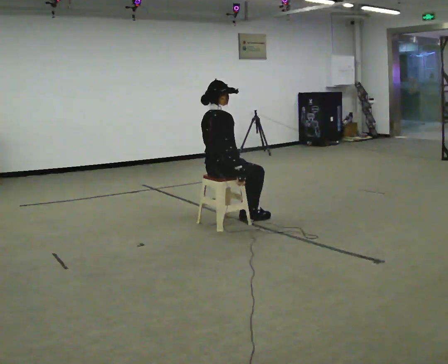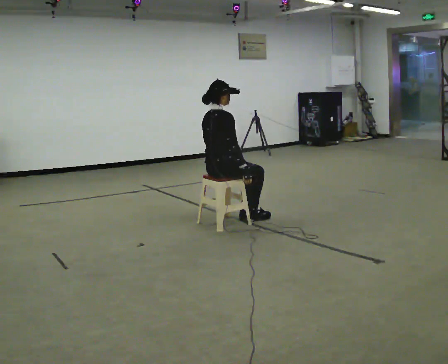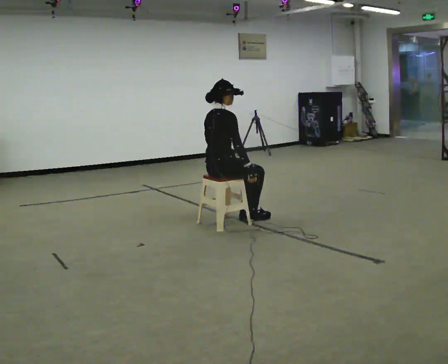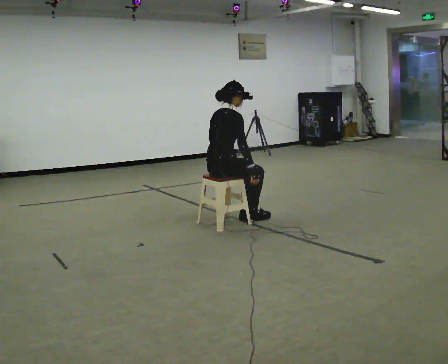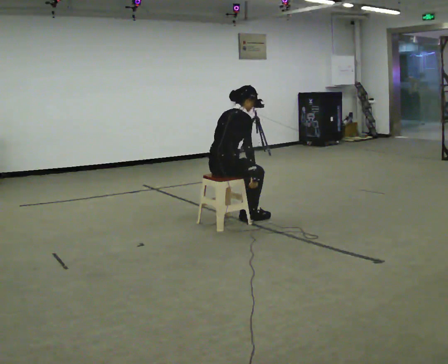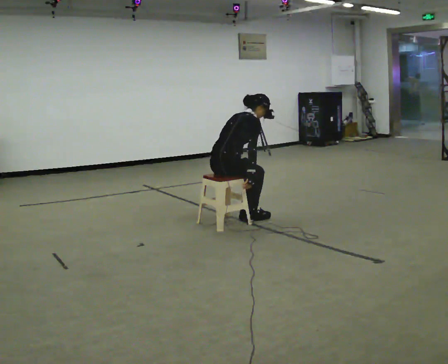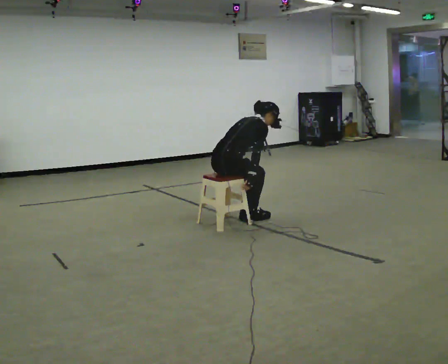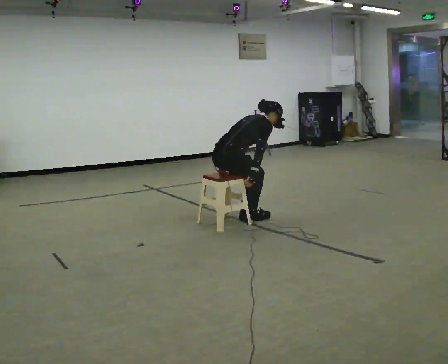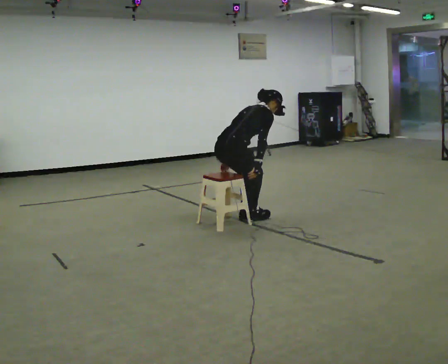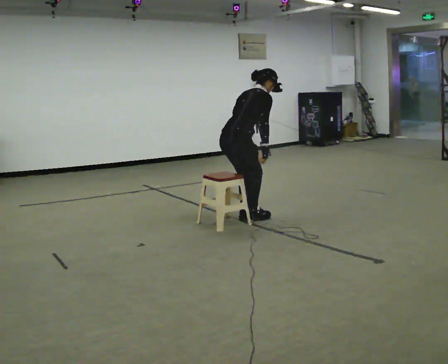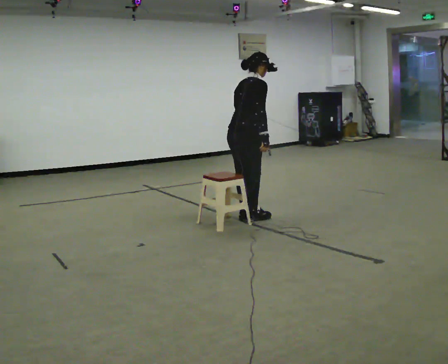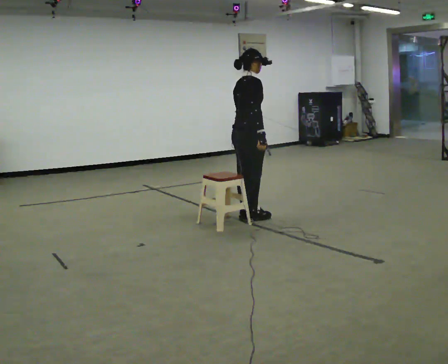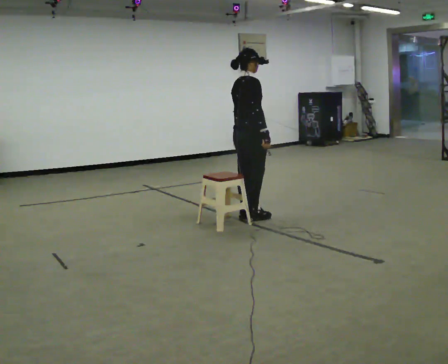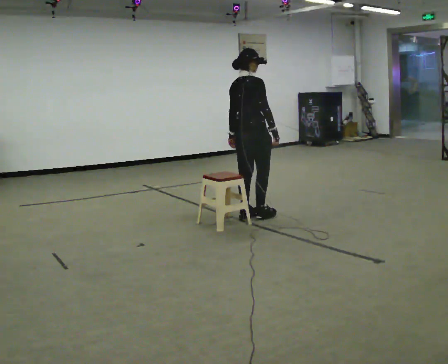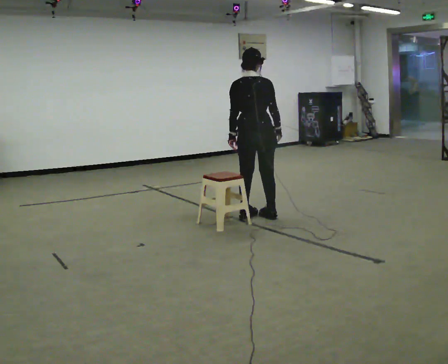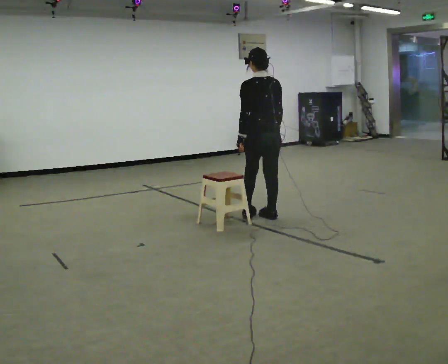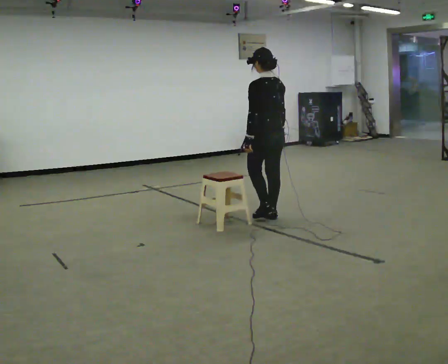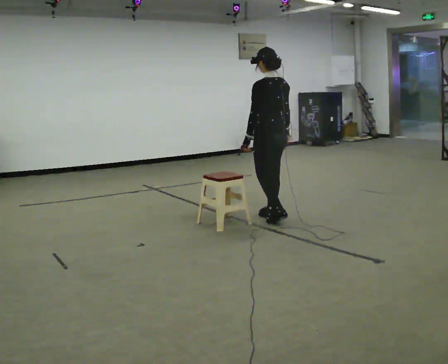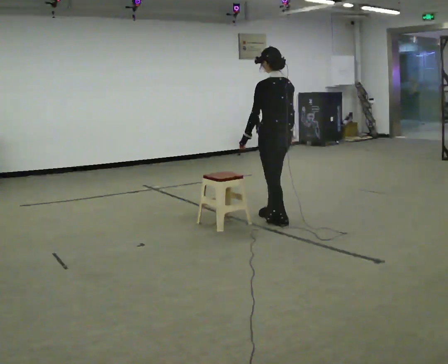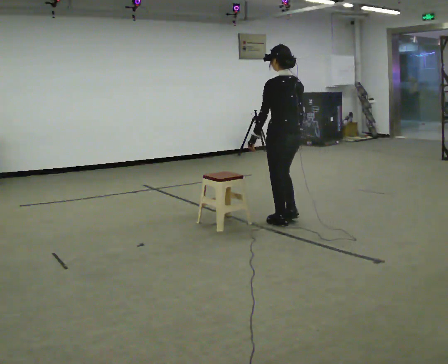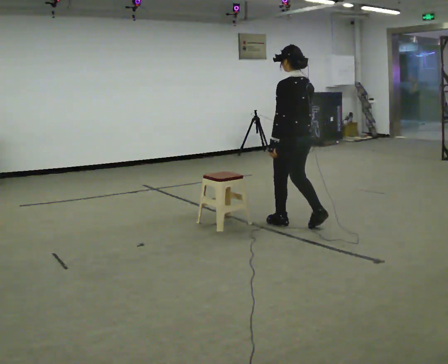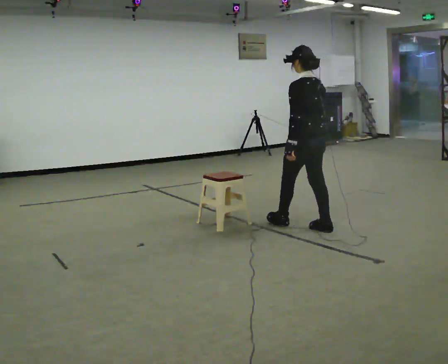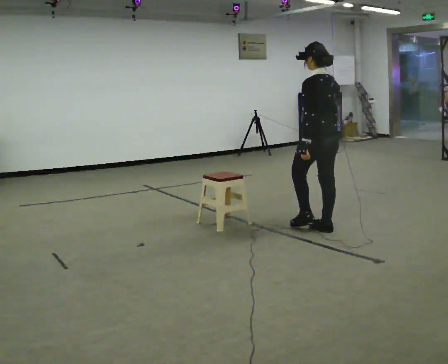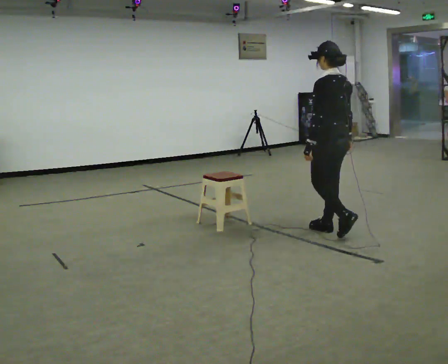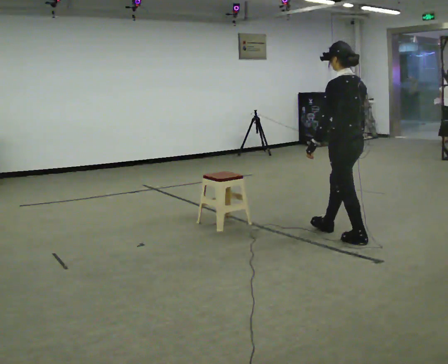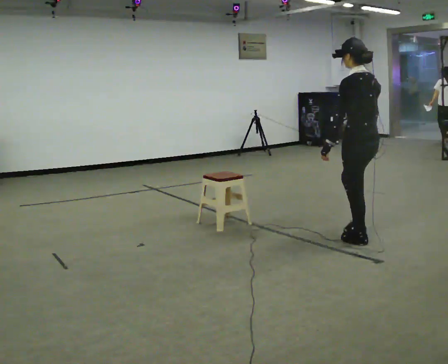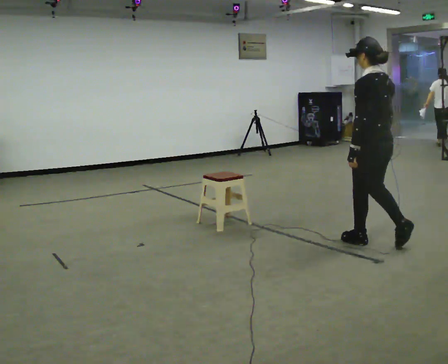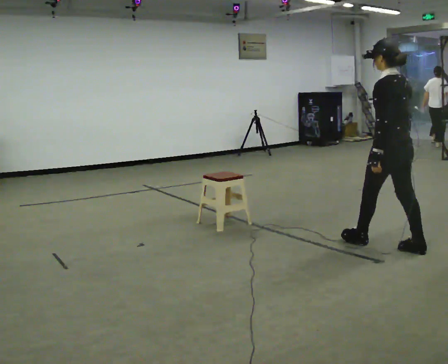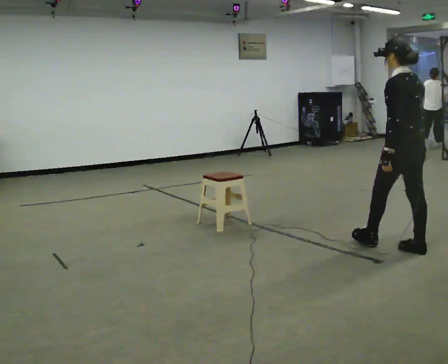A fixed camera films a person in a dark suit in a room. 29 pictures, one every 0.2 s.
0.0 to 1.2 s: In the picture the upper body tilts clockwise, shoulders to the right, as they bend forward.
1.2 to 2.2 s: In the picture they go to the right, about 0.25 m, which for them is forward. The upper body goes upward. In the picture the upper body tilts counterclockwise, shoulders to the left, as they lean back or straighten. In the picture their left hand goes upward.
2.2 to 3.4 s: Seen from above the body turns counterclockwise, about 105 degrees: to their left, with its near side sliding to the right. In the picture they go to the right, about 0.25 m in 2 steps.
3.4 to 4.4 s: In the picture they go toward the camera and to the right, about 0.5 m in 2 steps, which for them is backward.
4.4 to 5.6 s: In the picture they go toward the camera and to the right, about 1 m in 2 steps, which for them is backward.
The film runs backward here.
